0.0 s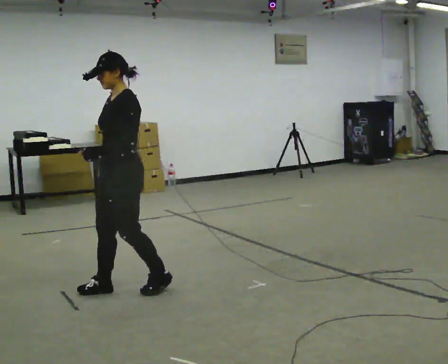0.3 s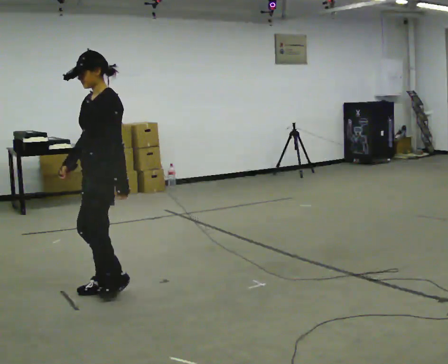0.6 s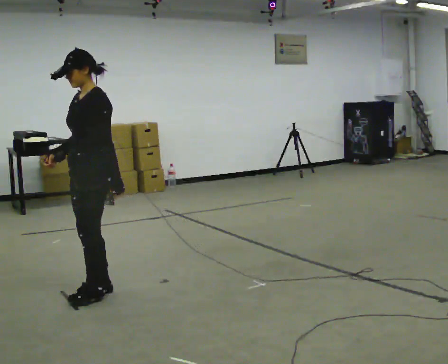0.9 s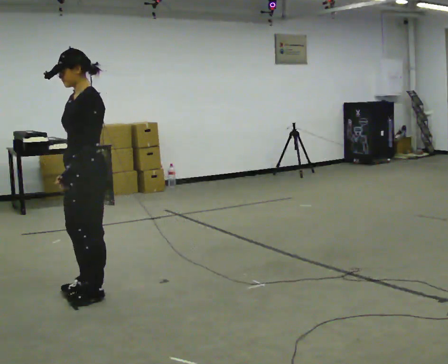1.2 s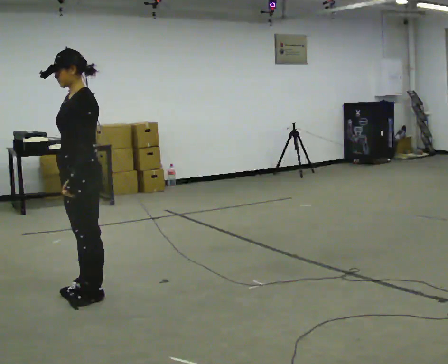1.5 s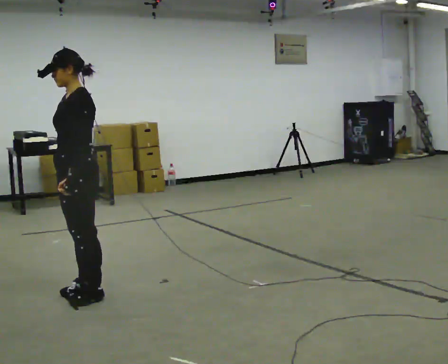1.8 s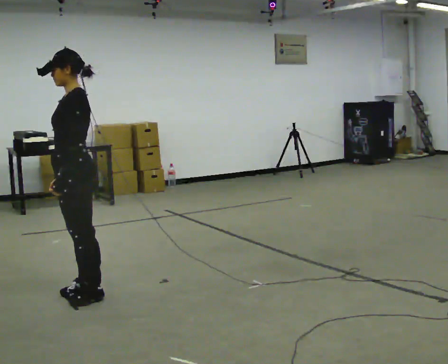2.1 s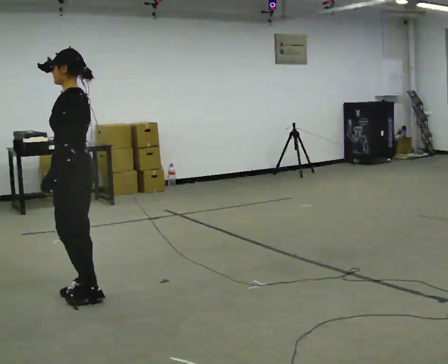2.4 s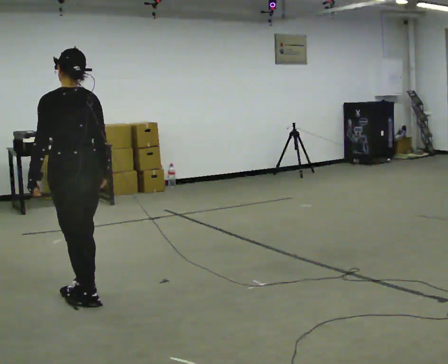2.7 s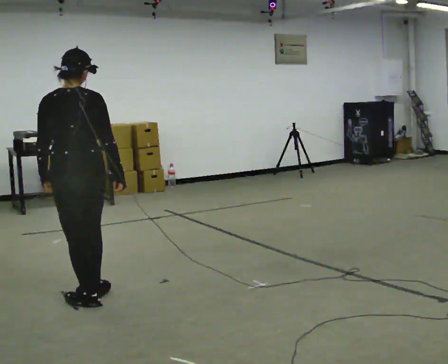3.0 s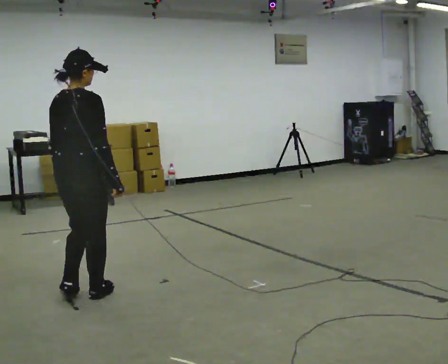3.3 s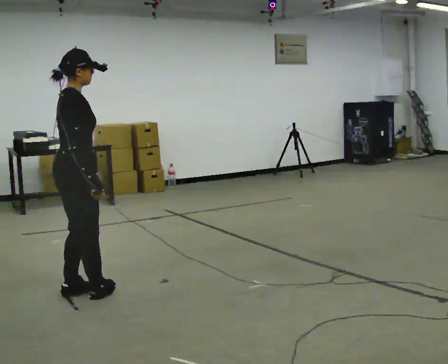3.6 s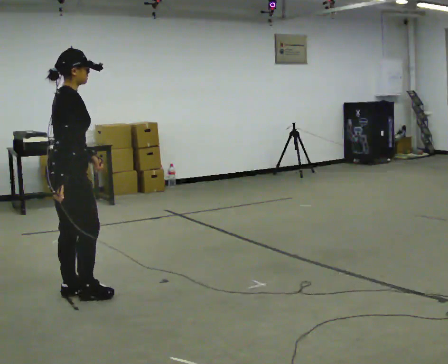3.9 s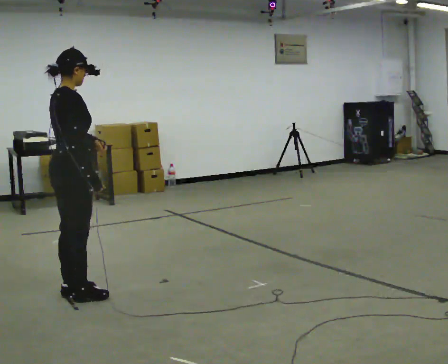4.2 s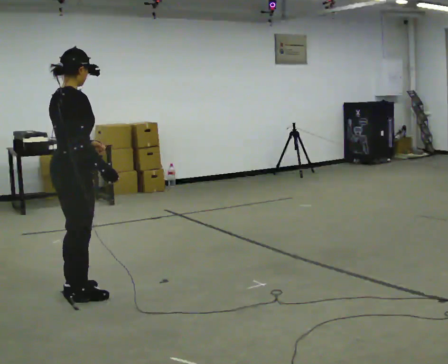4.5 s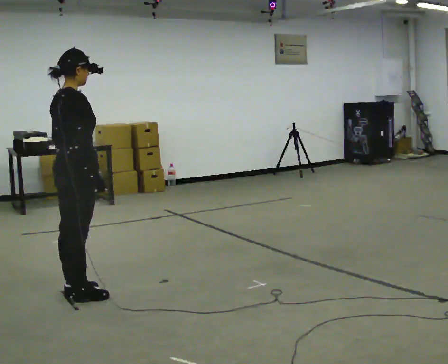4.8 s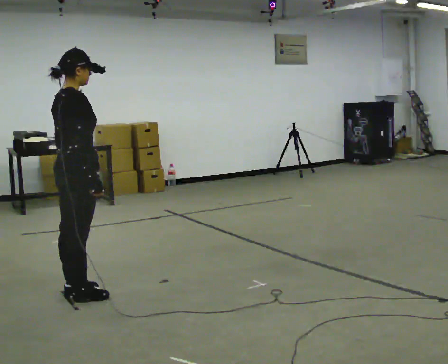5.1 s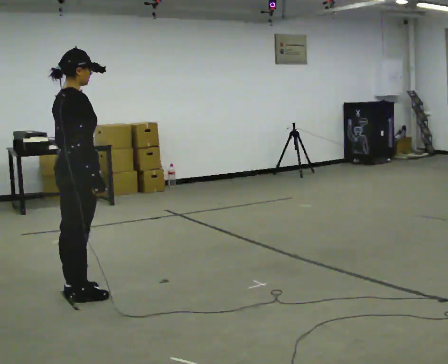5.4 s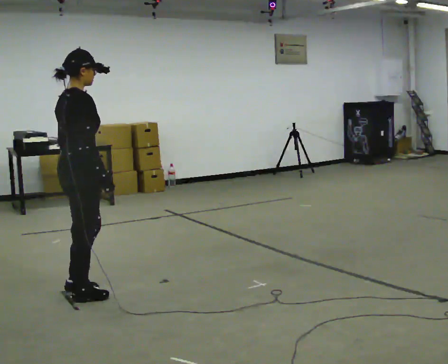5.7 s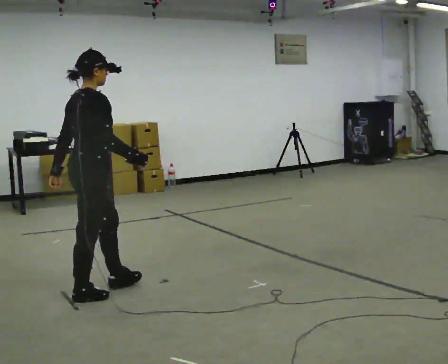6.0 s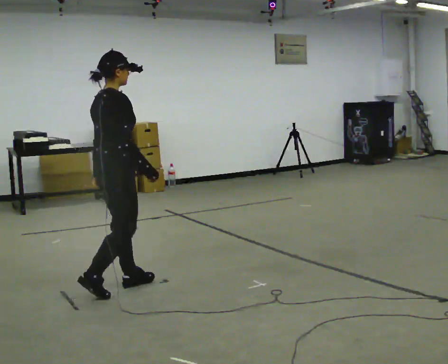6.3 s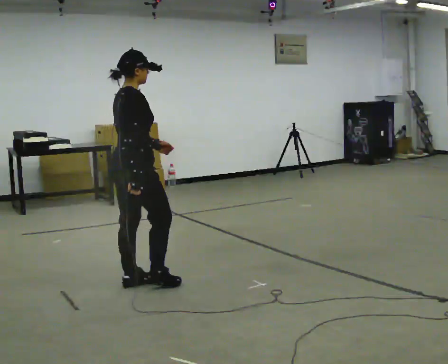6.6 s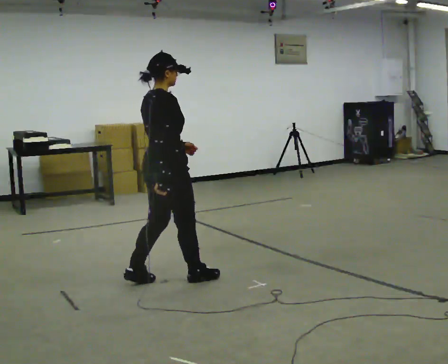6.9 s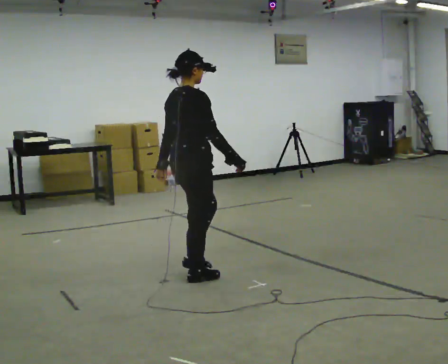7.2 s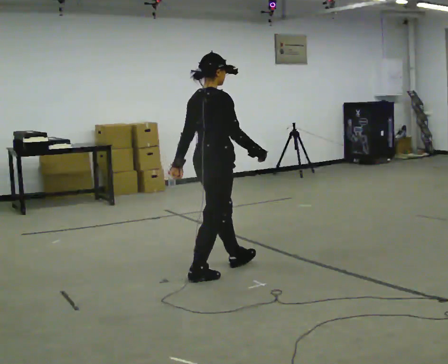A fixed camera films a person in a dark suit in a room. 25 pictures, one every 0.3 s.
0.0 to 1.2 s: In the picture they go to the left, about 0.25 m in 1 step, which for them is forward.
1.2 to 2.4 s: Seen from above the body turns clockwise, about 60 degrees: to their right, with its near side sliding to the left.
2.4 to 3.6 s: The person turns about 120 degrees to their right, clockwise seen from above, so the part of the body nearest the lens slides to the left. In the picture their left hand goes to the right, the arm swinging counterclockwise.
3.6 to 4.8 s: The person moves a little, or ends about where they began.
4.8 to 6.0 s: In the picture they go to the right, about 0.25 m in 1 step, which for them is forward.
6.0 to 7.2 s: In the picture they go to the right, about 0.5 m in 2 steps, which for them is forward.
The film runs forward here.
